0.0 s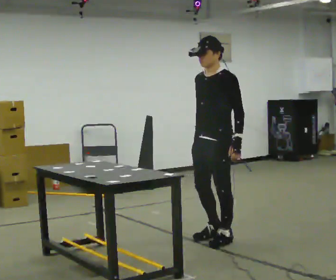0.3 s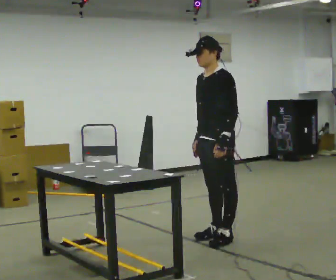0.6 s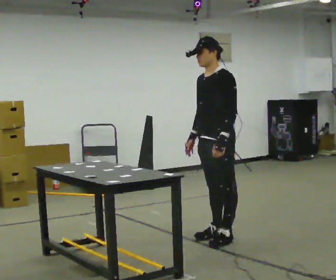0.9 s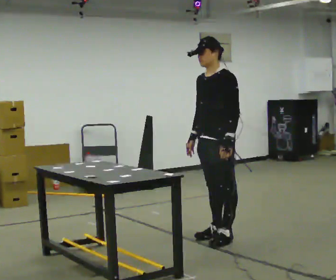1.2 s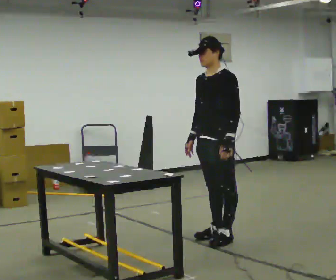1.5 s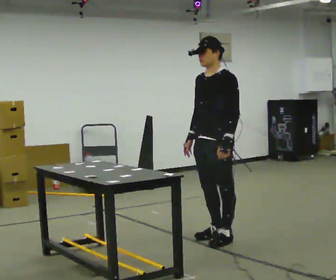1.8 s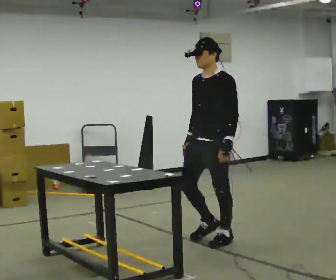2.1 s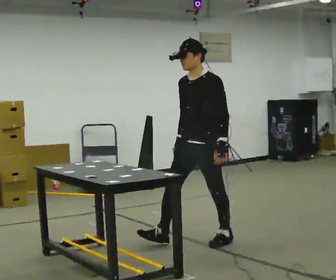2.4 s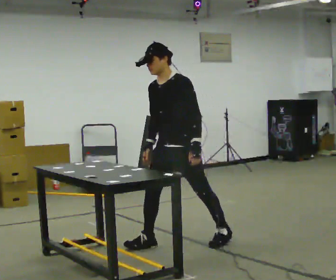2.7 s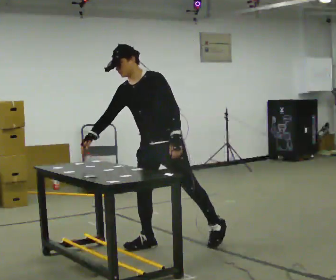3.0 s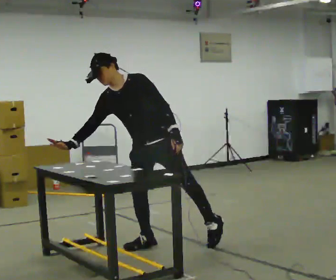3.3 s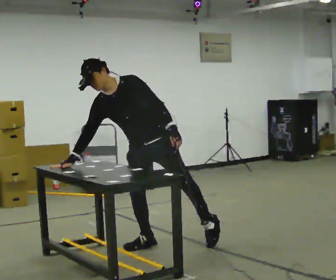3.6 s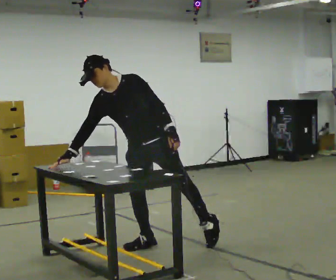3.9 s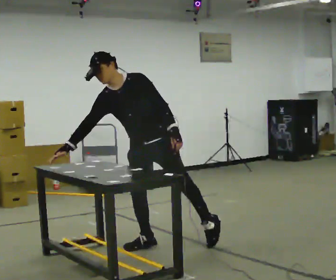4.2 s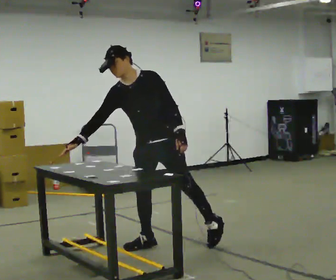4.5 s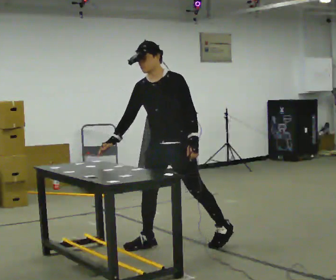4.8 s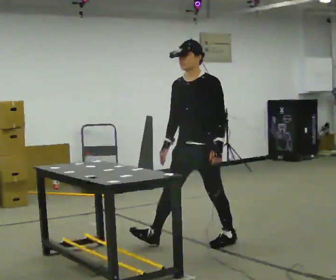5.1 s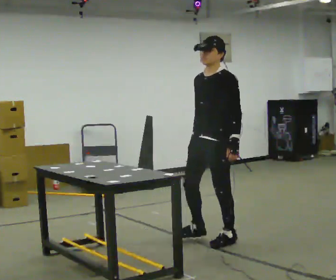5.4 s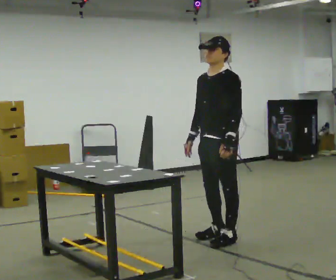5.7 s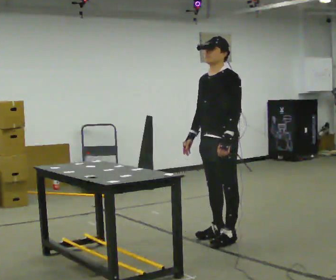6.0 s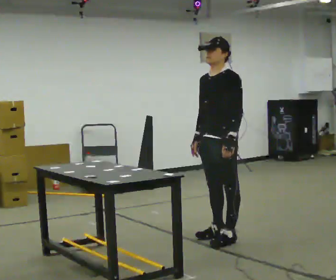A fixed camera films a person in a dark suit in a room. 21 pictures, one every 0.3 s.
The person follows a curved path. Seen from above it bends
clockwise.
0.0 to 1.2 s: The person moves a little, or ends about where they began.
1.2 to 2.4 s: In the picture they go to the left, about 0.25 m in 1 step, which for them is forward.
2.4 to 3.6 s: In the picture they go to the left, about 0.25 m, which for them is to their right and forward. In the picture the upper body tilts counterclockwise, shoulders to the left, as they bend forward. In the picture their right hand goes to the left.
3.6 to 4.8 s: In the picture they go to the right, about 0.5 m, which for them is to their left and backward. In the picture the upper body tilts clockwise, shoulders to the right, as they lean back or straighten.
4.8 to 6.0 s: In the picture they go to the right, about 0.25 m in 1 step, which for them is backward.
The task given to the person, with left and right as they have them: Touch each numbered target on the board in front of you in the order the operator calls. Keep both feet on the marked spots for the whole take. If you have to step, stop and tell the operator.
The film runs forward here.
